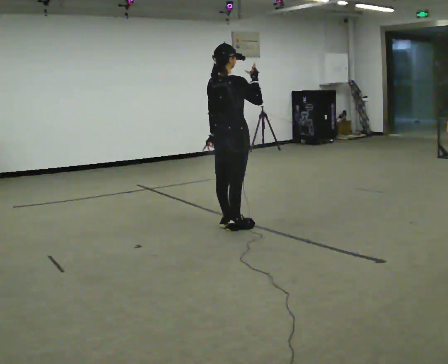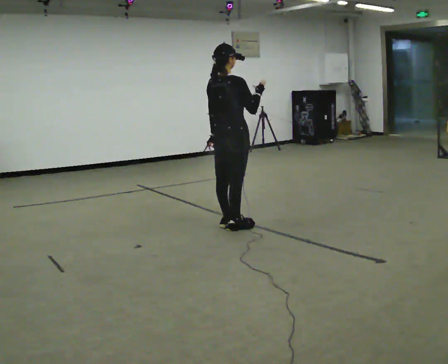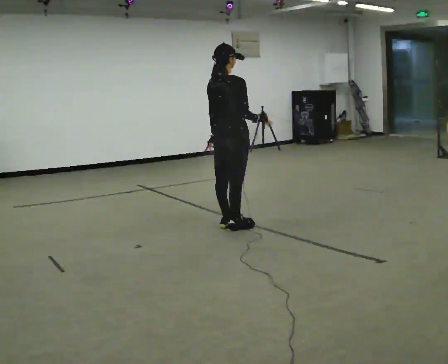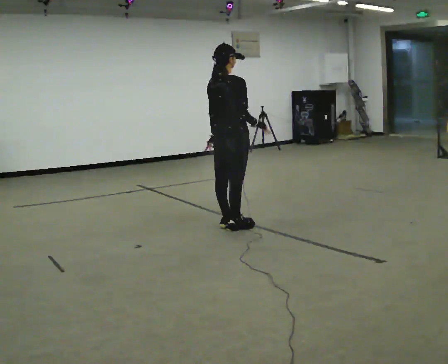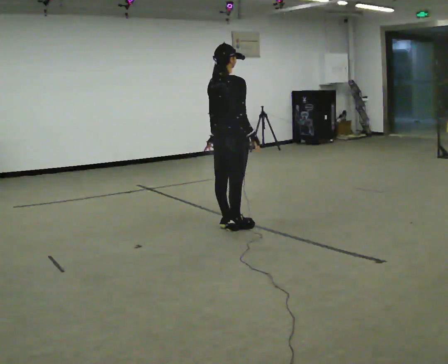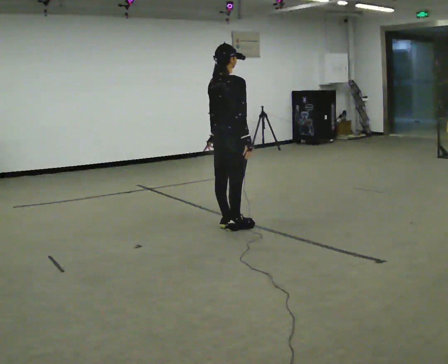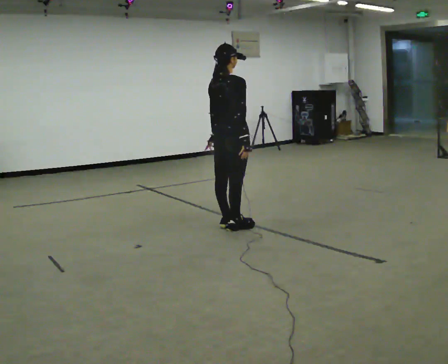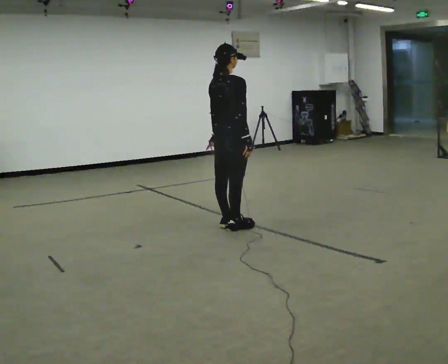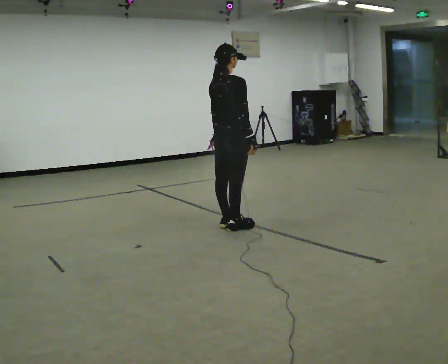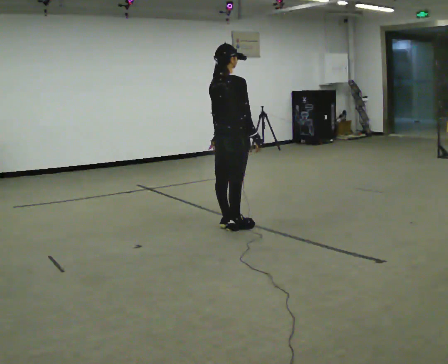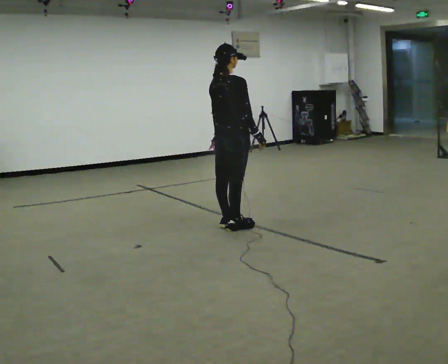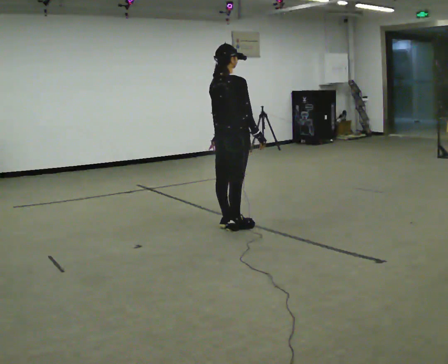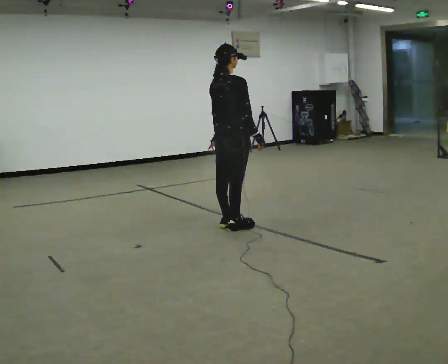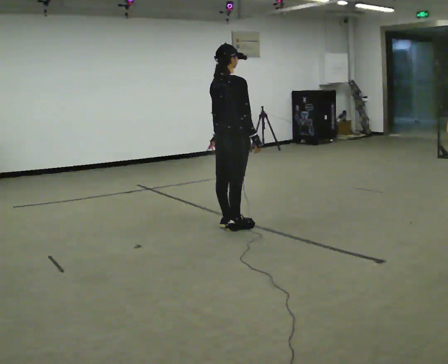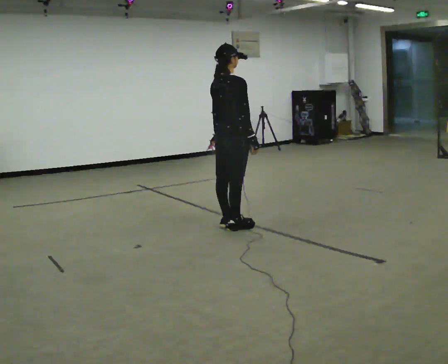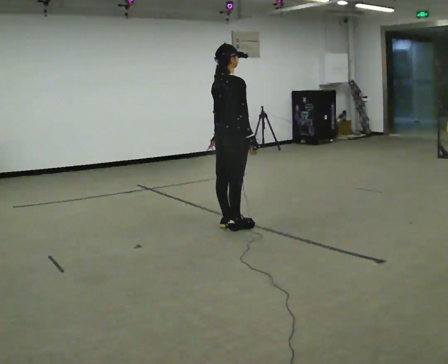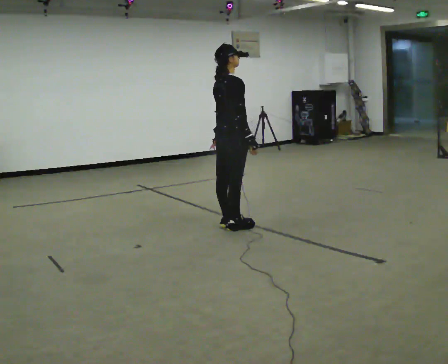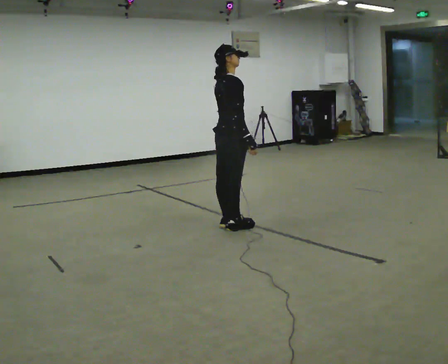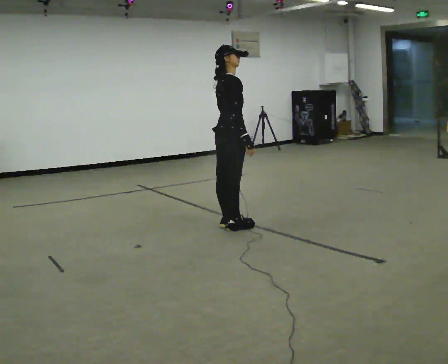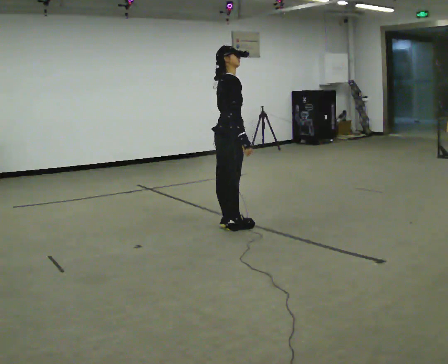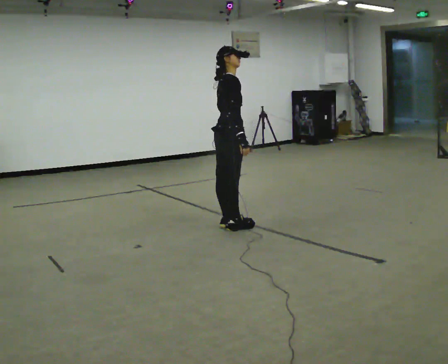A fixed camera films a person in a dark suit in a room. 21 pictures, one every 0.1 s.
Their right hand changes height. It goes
downward.
0.0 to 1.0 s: In the picture their right hand goes downward.
1.0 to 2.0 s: The part of the body nearest the lens slides to the left as the person turns to their right by about 30 degrees.
The film runs forward here.
